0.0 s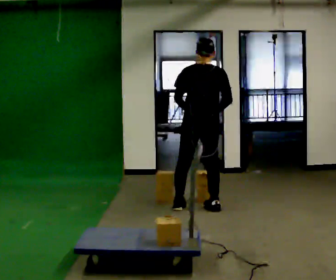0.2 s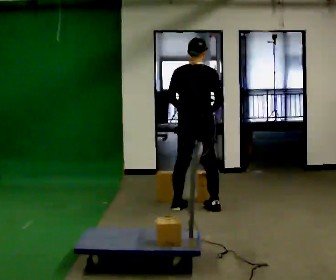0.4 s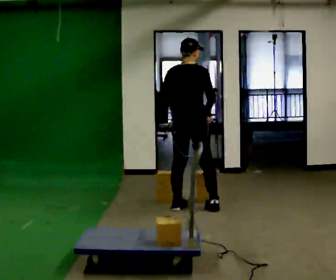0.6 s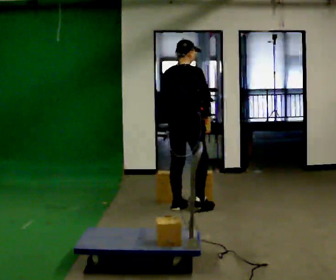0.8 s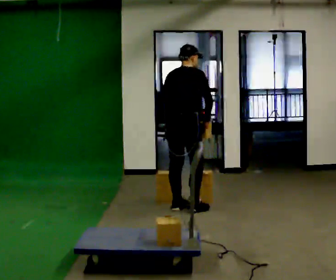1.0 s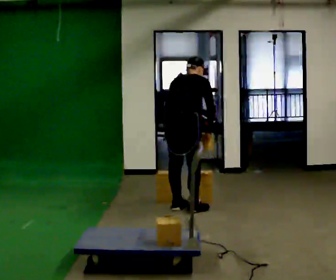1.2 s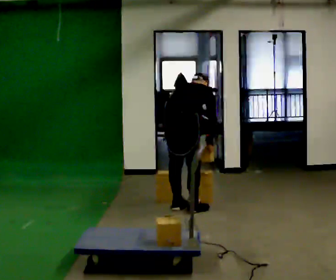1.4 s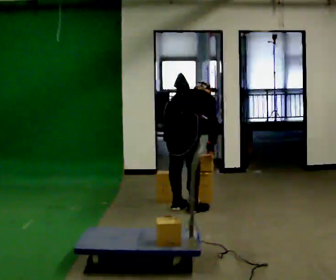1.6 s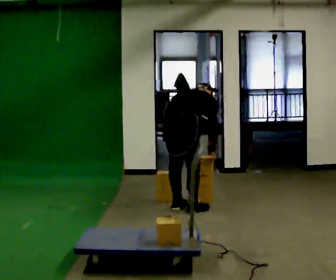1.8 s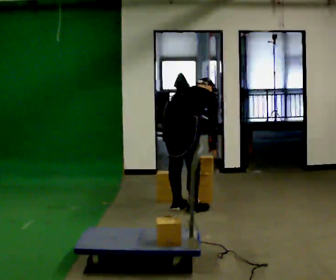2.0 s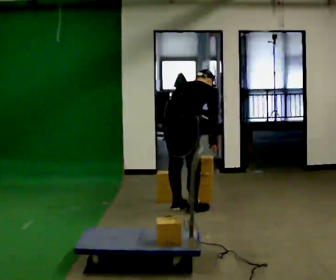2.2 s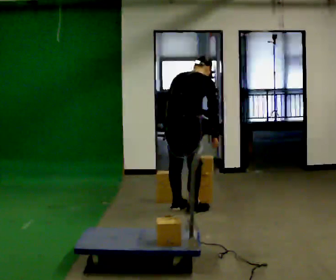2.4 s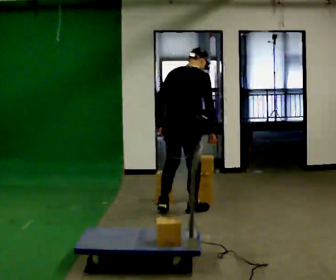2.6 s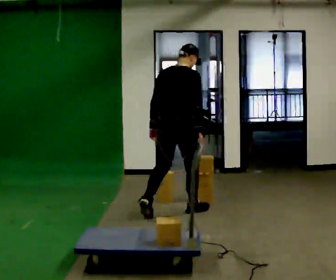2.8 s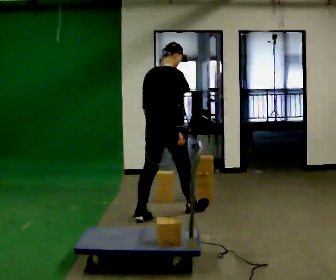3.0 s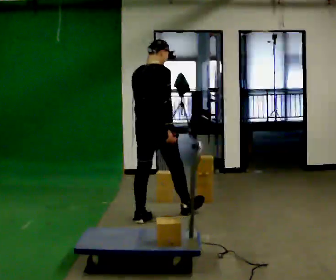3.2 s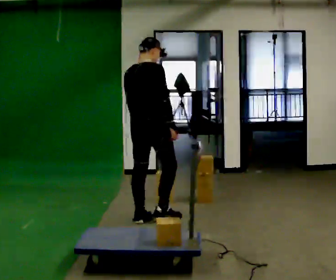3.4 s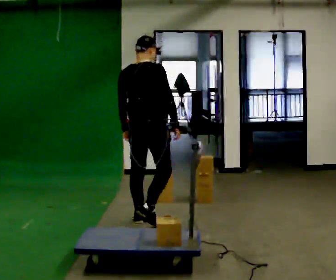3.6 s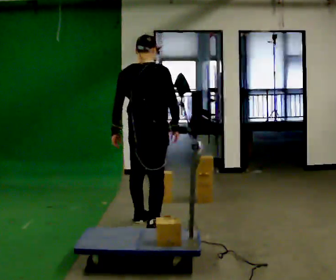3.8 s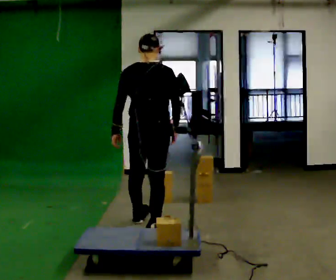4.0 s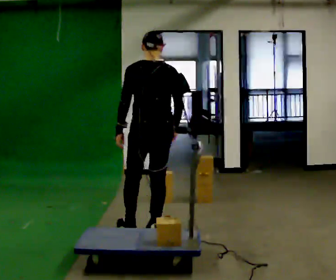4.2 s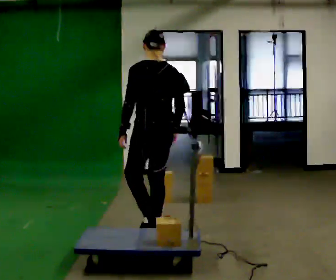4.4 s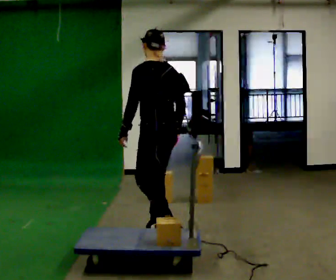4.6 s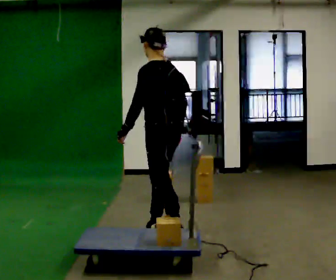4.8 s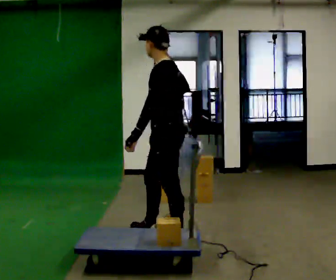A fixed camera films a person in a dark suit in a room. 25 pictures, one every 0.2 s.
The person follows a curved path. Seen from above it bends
counterclockwise.
The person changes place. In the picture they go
toward the camera.
0.0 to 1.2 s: The part of the body nearest the lens slides to the left as the person turns to their right by about 30 degrees. In the picture they go to the left, about 0.25 m in 1 step, which for them is backward and to their left. The upper body goes downward. The upper body tips away from the camera, its near side rolling upward, as they bend forward.
1.2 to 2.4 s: The person moves a little, or ends about where they began.
2.4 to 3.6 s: In the picture they go toward the camera and to the left, about 0.5 m in 1 step, which for them is backward. In the picture the upper body tilts counterclockwise, shoulders to the left, as they lean back or straighten.
3.6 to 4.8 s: Seen from above the body turns counterclockwise, about 105 degrees: to their left, with its near side sliding to the right. In the picture they go toward the camera and to the right, about 0.5 m in 1 step.
The film runs backward here.
